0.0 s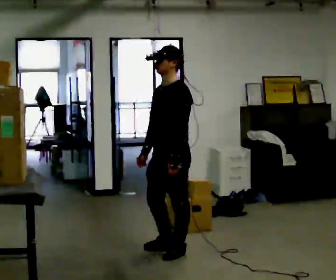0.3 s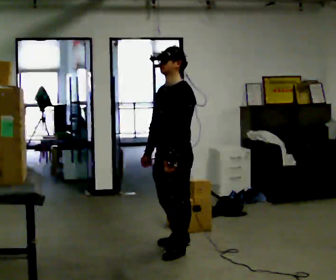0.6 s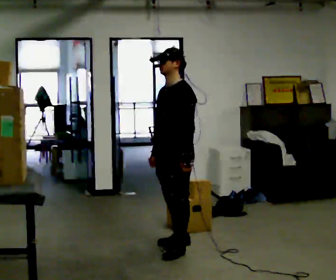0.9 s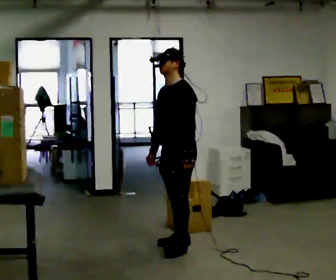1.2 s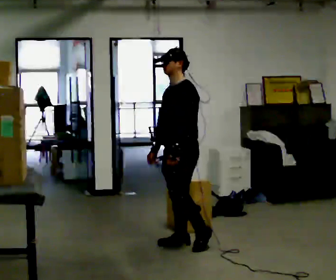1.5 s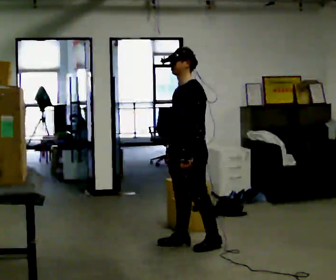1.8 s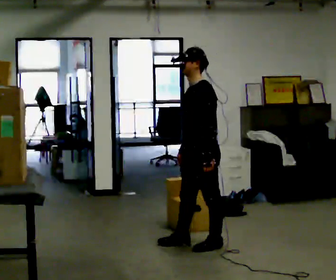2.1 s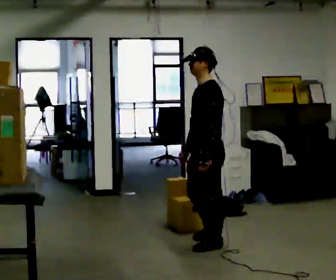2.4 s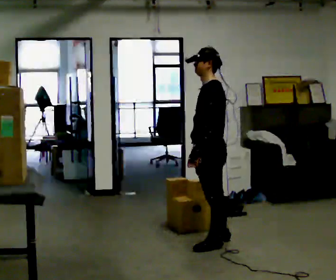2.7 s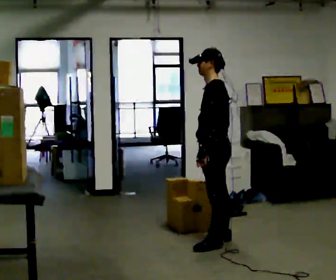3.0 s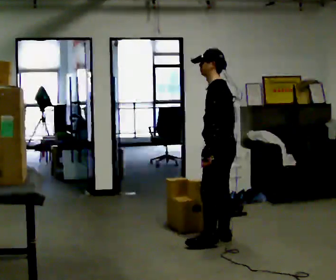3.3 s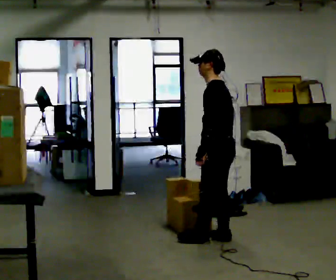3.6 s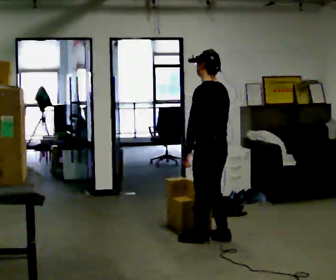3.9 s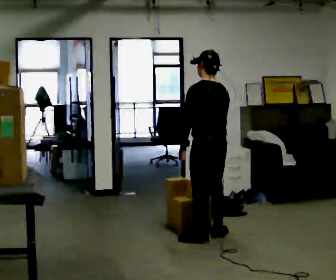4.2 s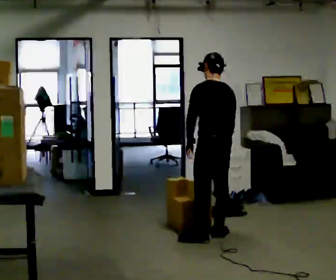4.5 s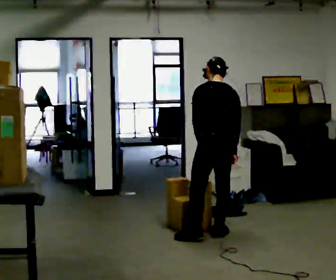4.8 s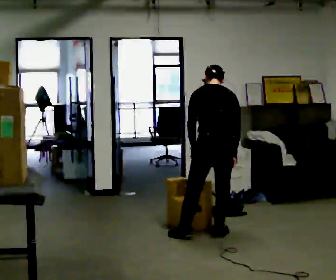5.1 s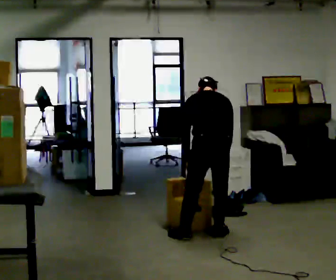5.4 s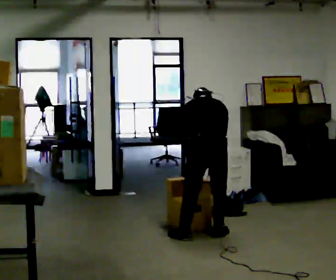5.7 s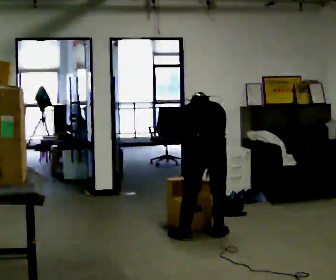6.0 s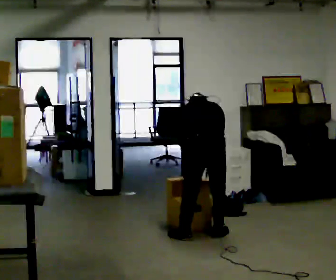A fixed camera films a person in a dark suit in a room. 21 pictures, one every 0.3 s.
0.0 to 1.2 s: In the picture they go away from the camera, about 0.25 m in 1 step, which for them is backward and to their right.
1.2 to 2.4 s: The part of the body nearest the lens slides to the left as the person turns to their right by about 30 degrees. In the picture they go to the right, about 0.25 m in 1 step, which for them is backward and to their left.
2.4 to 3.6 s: Seen from above the body turns clockwise, about 30 degrees: to their right, with its near side sliding to the left. In the picture they go away from the camera, about 0.25 m in 1 step, which for them is to their right.
3.6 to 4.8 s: The part of the body nearest the lens slides to the left as the person turns to their right by about 45 degrees. The upper body tips away from the camera, its near side rolling upward, as they bend forward.
4.8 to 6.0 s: The upper body goes downward. The upper body tips away from the camera, its near side rolling upward, as they bend forward.
The film runs backward here.
